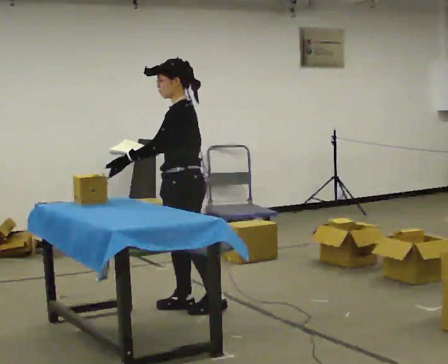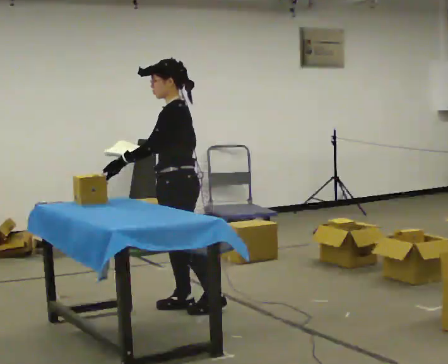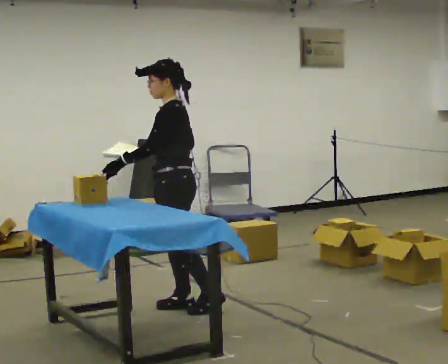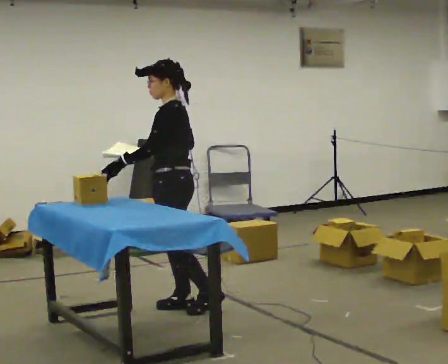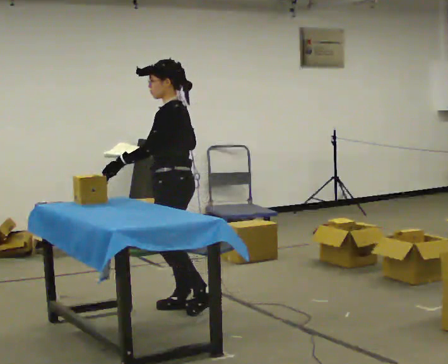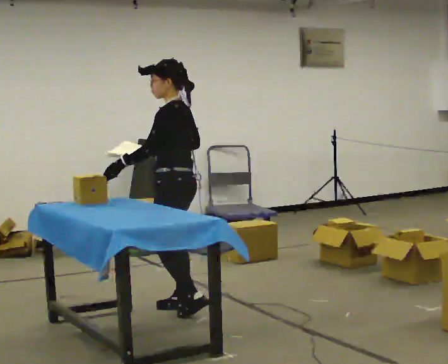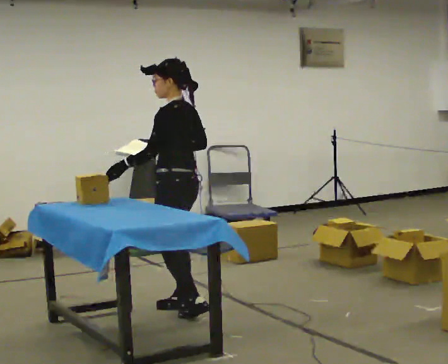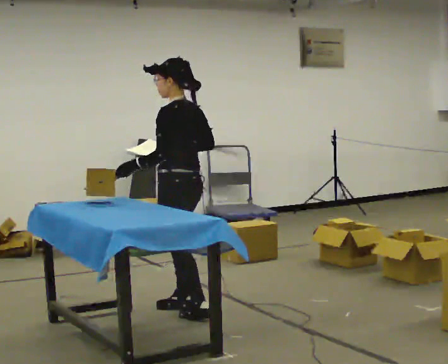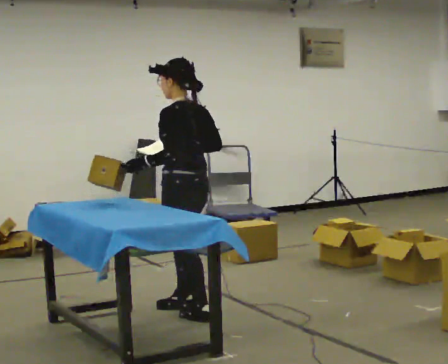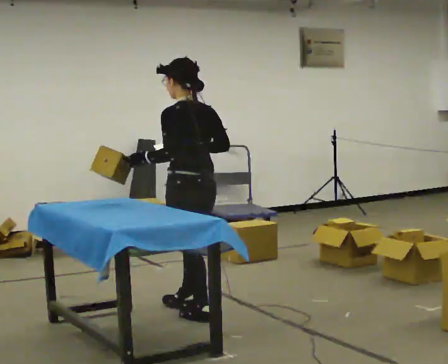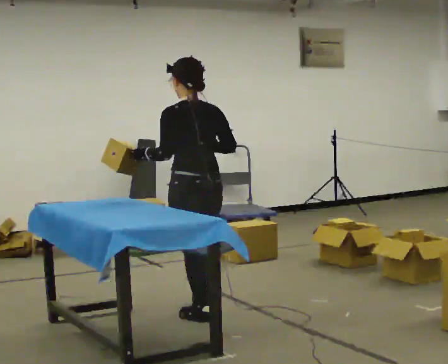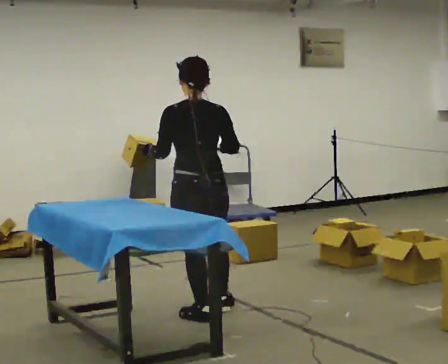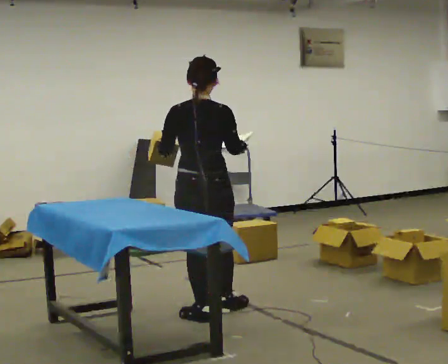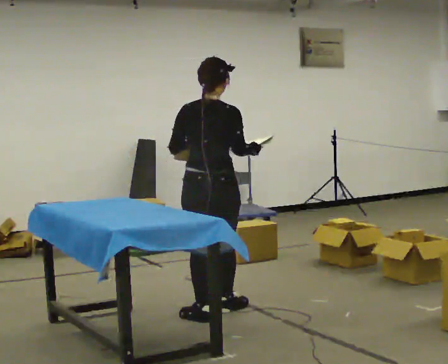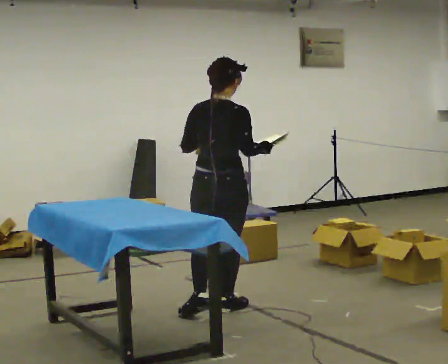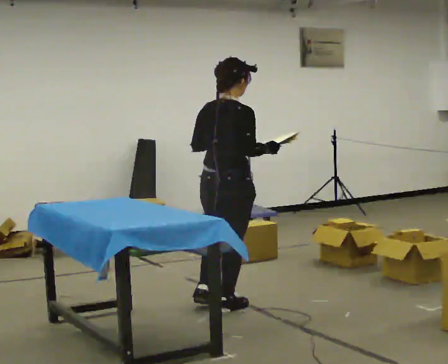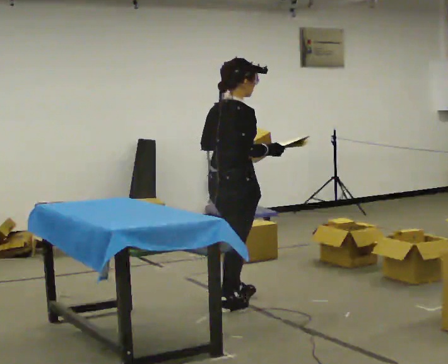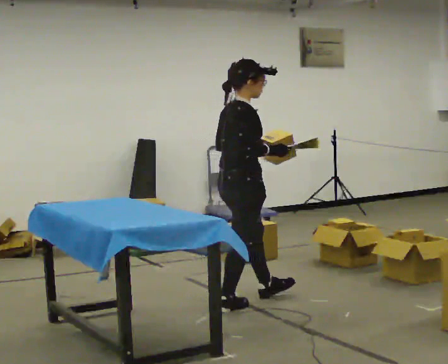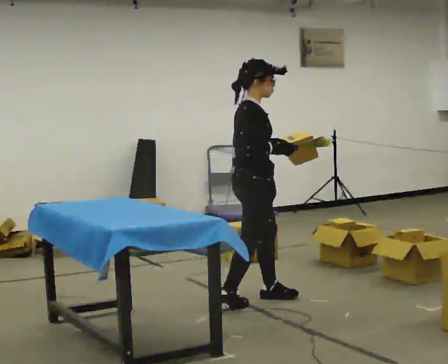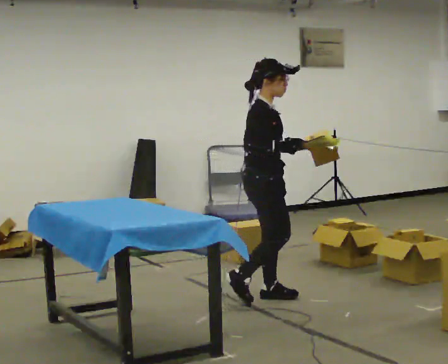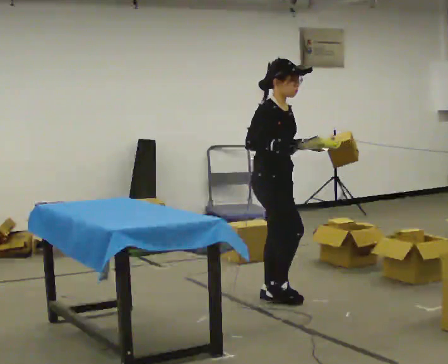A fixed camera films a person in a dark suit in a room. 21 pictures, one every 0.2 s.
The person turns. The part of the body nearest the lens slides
to the left.
The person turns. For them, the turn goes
to their right.
0.0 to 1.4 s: The person turns about 30 degrees to their right, clockwise seen from above, so the part of the body nearest the lens slides to the left.
1.4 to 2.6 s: The person turns about 75 degrees to their right, clockwise seen from above, so the part of the body nearest the lens slides to the left. In the picture they go to the right, about 0.25 m in 1 step.
2.6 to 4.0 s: The person turns about 105 degrees to their right, clockwise seen from above, so the part of the body nearest the lens slides to the left. In the picture they go to the right and away from the camera, about 0.5 m in 1 step.
The film runs forward here.
